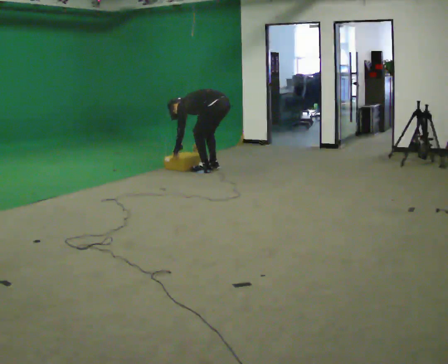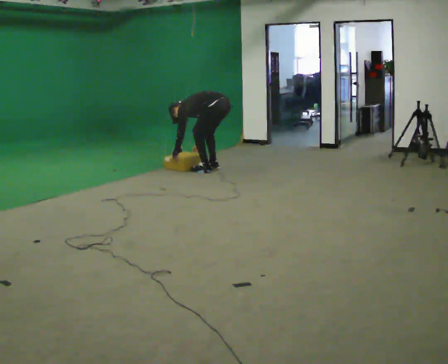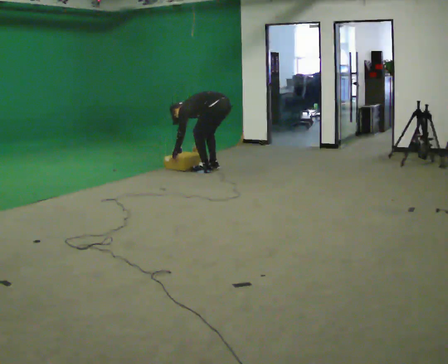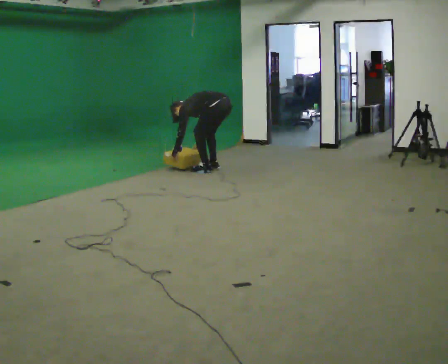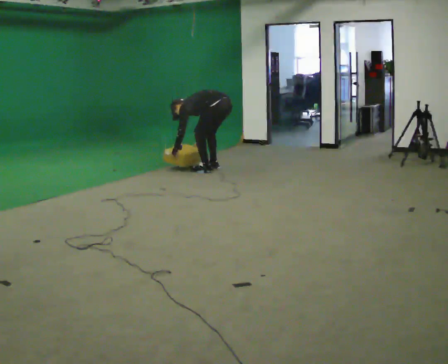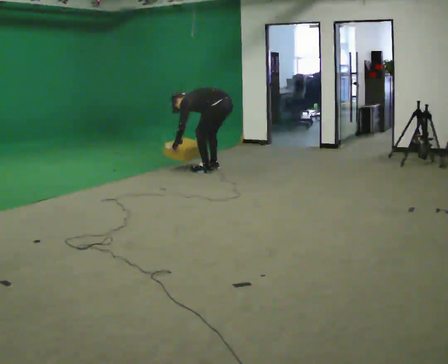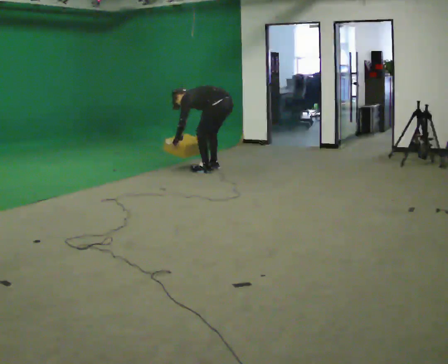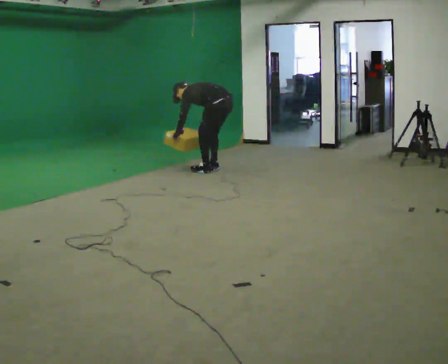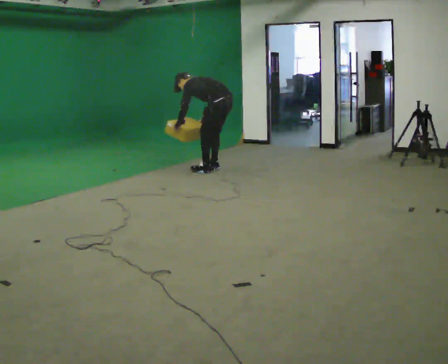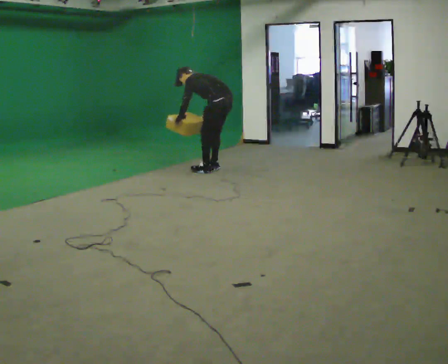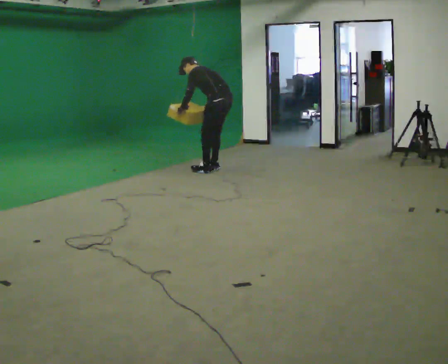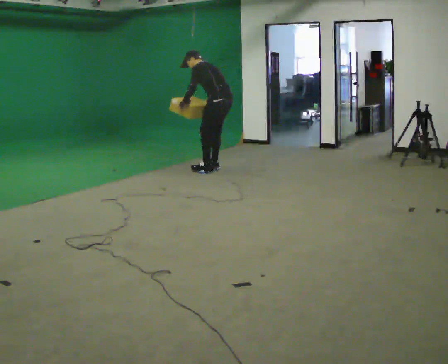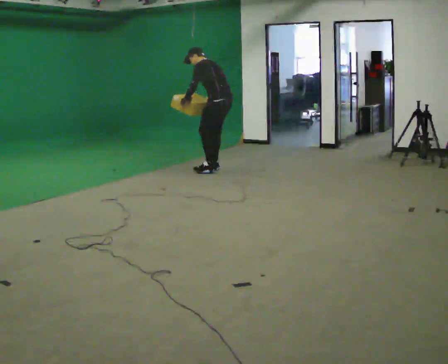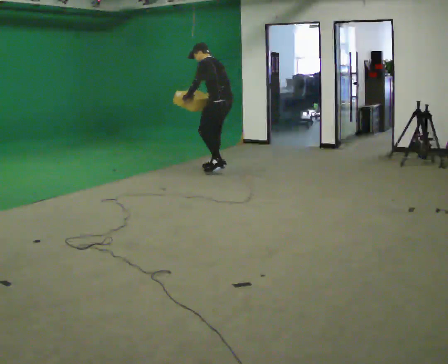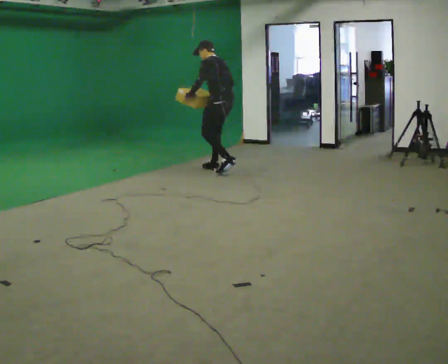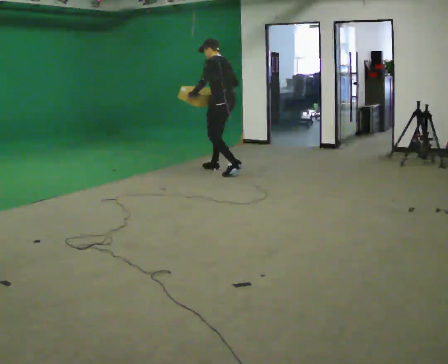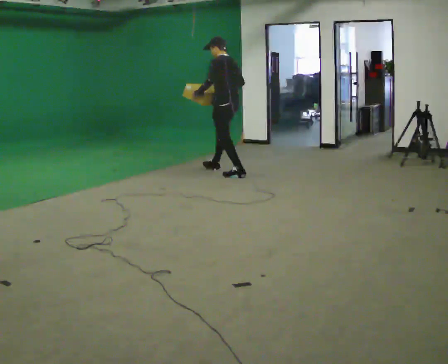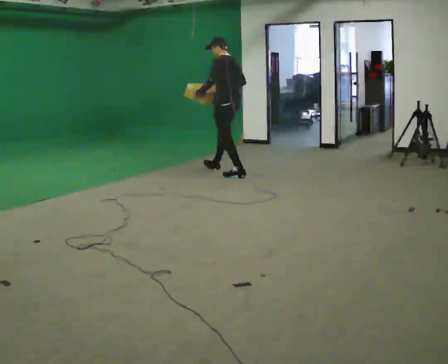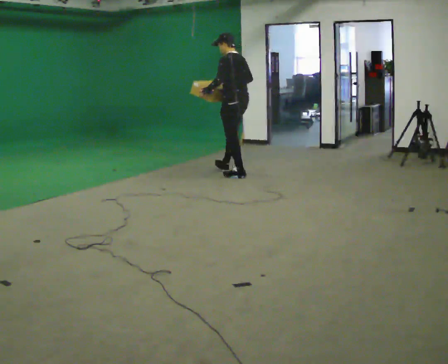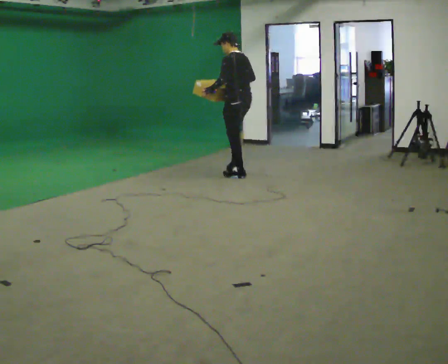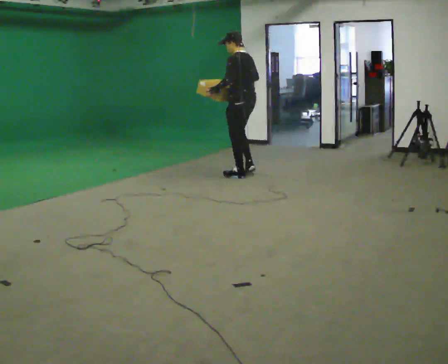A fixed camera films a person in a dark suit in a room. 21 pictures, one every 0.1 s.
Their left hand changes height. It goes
upward.
The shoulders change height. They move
upward.
0.0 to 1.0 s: The upper body goes upward. In the picture the upper body tilts clockwise, shoulders to the right, as they lean back or straighten. In the picture their left hand goes upward.
1.0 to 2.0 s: In the picture they go toward the camera and to the right, about 0.5 m in 2 steps, which for them is backward. The upper body goes upward. In the picture the upper body tilts clockwise, shoulders to the right, as they lean back or straighten. In the picture their right hand goes upward.
The film runs backward here.
